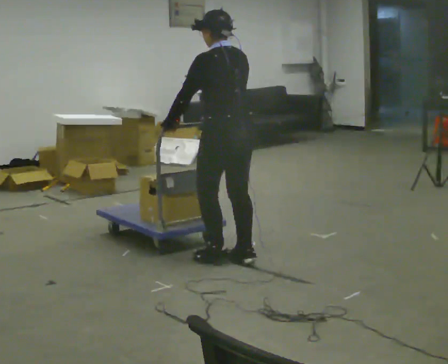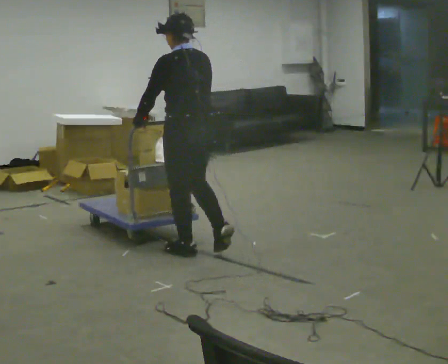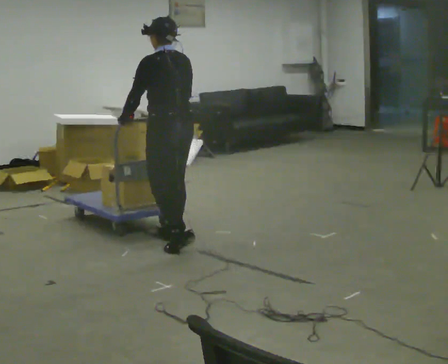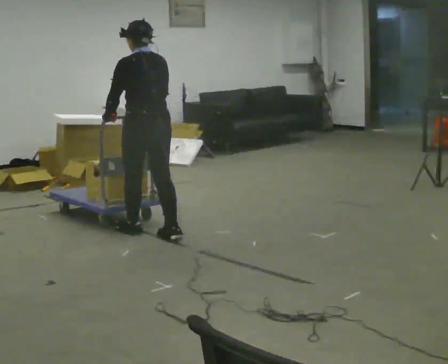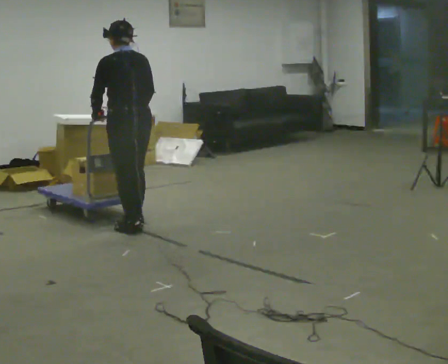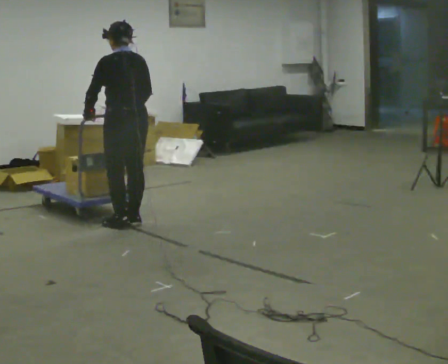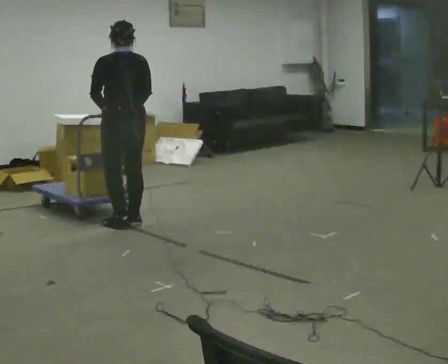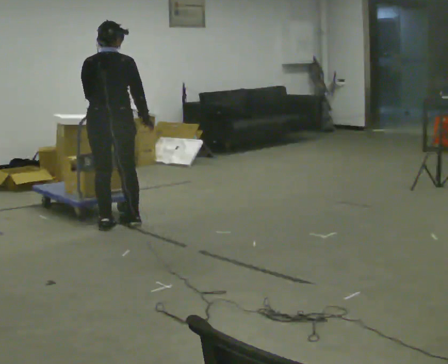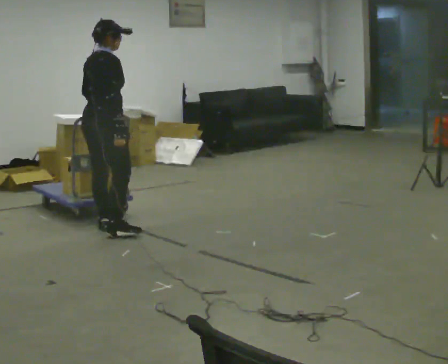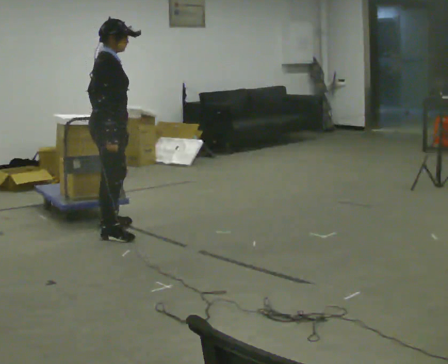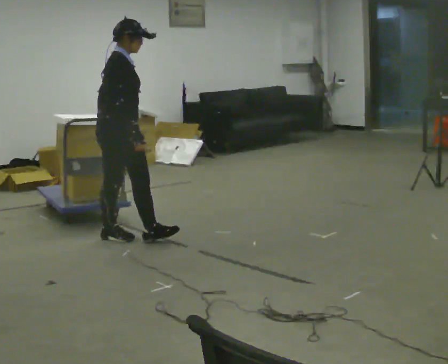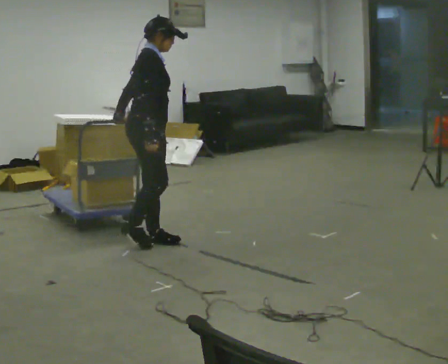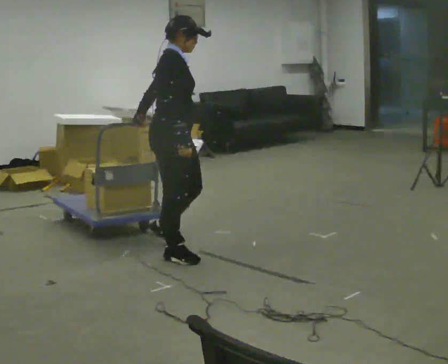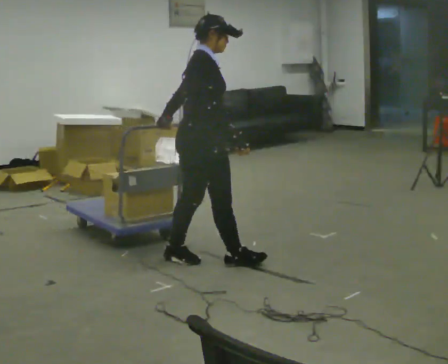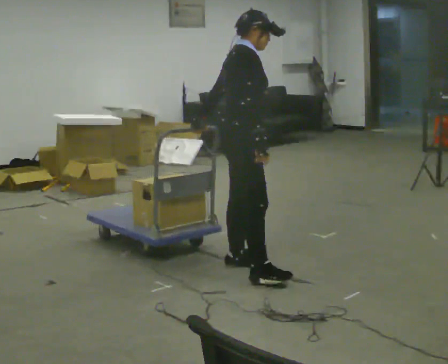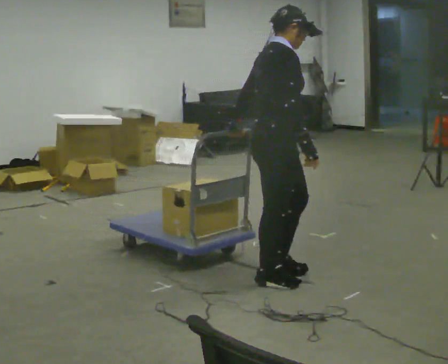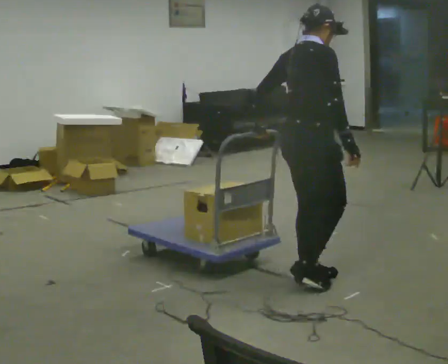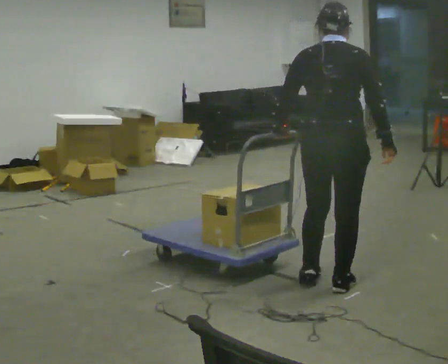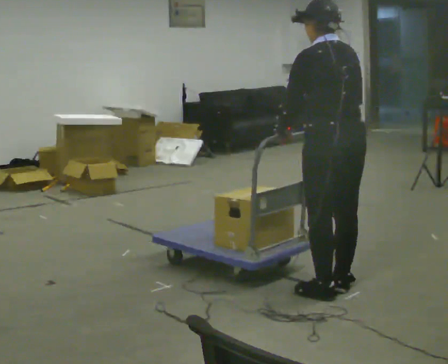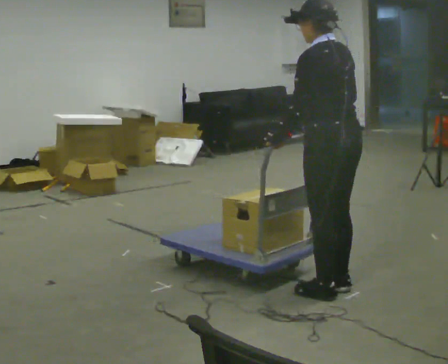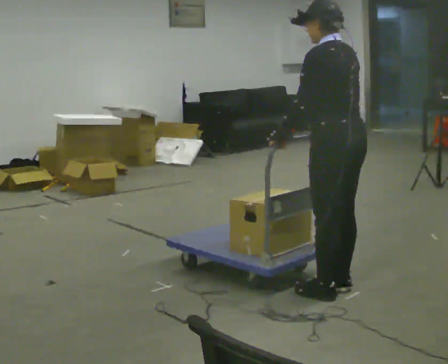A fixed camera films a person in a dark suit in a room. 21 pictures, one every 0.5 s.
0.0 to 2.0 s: In the picture they go away from the camera and to the left, about 1 m in 3 steps, which for them is forward.
2.0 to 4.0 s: The person turns about 90 degrees to their right, clockwise seen from above, so the part of the body nearest the lens slides to the left. In the picture they go to the left, about 0.25 m in 2 steps.
4.0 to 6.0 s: Seen from above the body turns clockwise, about 45 degrees: to their right, with its near side sliding to the left. In the picture they go toward the camera and to the right, about 1 m in 3 steps, which for them is forward and to their right.
6.0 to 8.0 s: Seen from above the body turns counterclockwise, about 30 degrees: to their left, with its near side sliding to the right. In the picture they go to the right and toward the camera, about 1 m in 3 steps, which for them is forward and to their right.
8.0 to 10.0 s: Seen from above the body turns counterclockwise, about 120 degrees: to their left, with its near side sliding to the right. In the picture they go toward the camera, about 0.25 m in 2 steps.
The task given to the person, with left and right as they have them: Push the cart across the room and back. The operator will change how much is loaded on it between takes and will tell you each time.
The film runs forward here.
